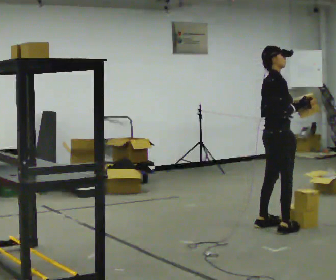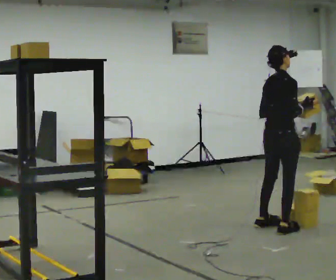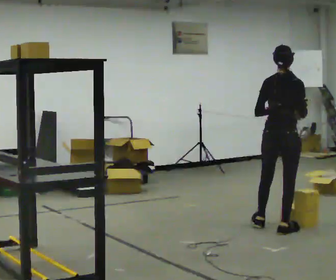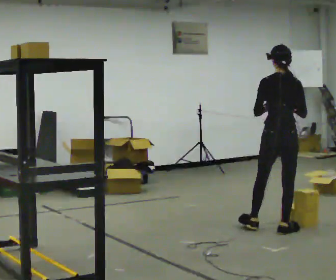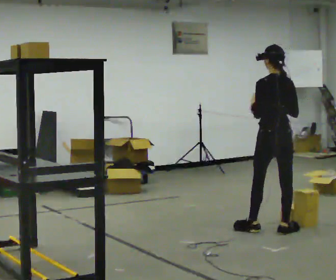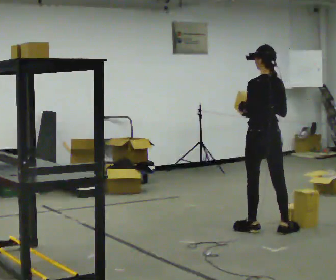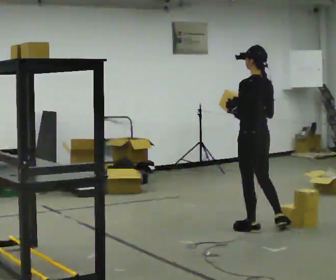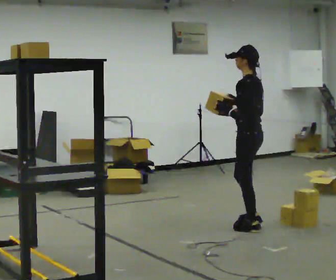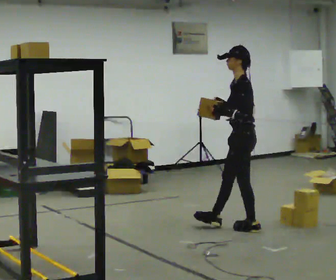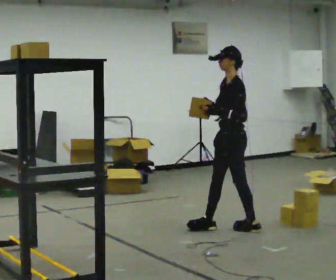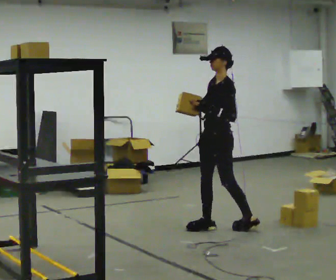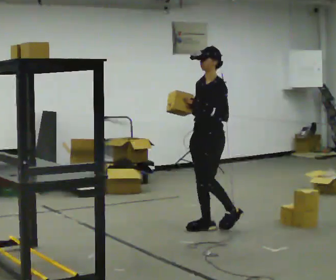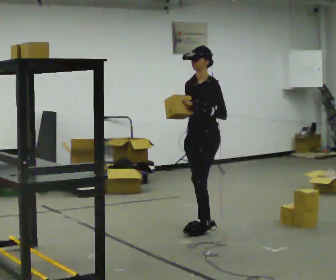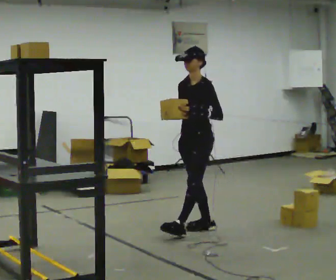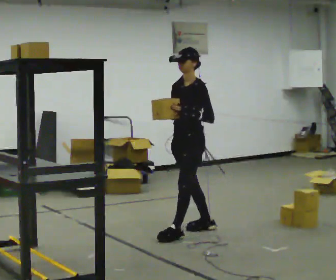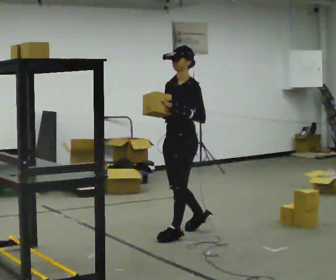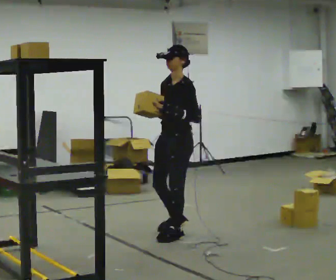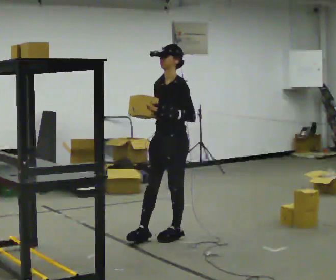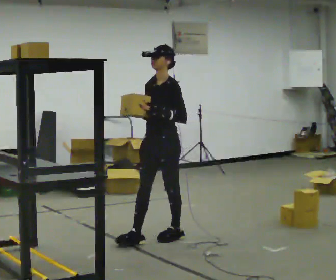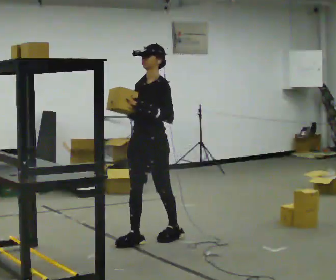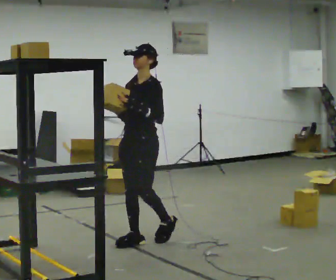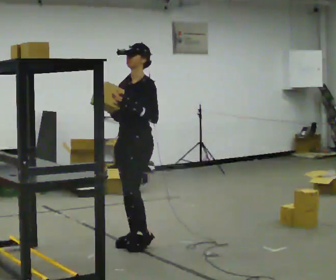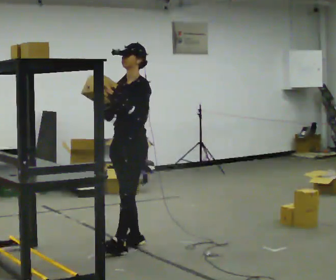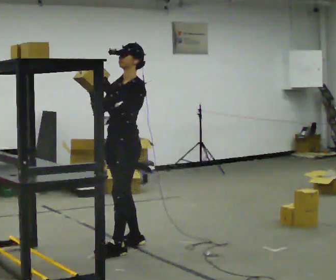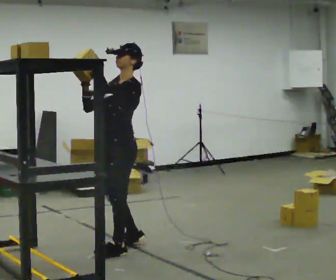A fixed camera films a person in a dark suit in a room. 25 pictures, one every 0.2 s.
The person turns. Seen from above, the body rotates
counterclockwise.
The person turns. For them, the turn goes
to their left.
0.0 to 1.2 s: The part of the body nearest the lens slides to the right as the person turns to their left by about 105 degrees. In the picture they go to the left, about 0.25 m in 1 step. In the picture their right hand goes to the left.
1.2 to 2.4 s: The person turns about 90 degrees to their left, counterclockwise seen from above, so the part of the body nearest the lens slides to the right. In the picture they go to the left, about 0.5 m in 1 step.
2.4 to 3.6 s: In the picture they go toward the camera and to the left, about 0.5 m in 2 steps, which for them is forward and to their left.
3.6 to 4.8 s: In the picture they go toward the camera and to the left, about 0.5 m in 1 step, which for them is forward.
The film runs forward here.
